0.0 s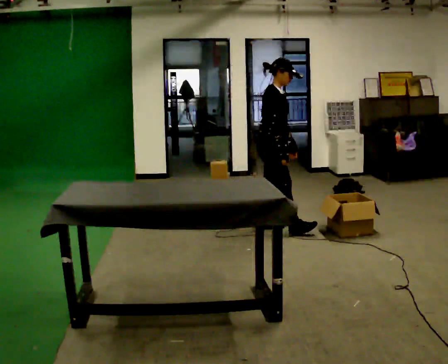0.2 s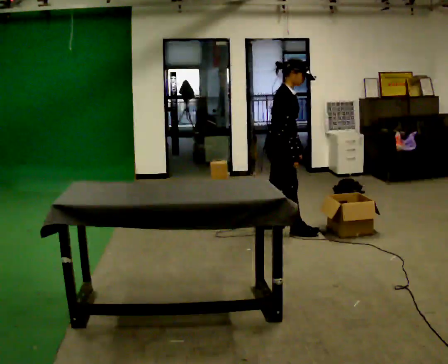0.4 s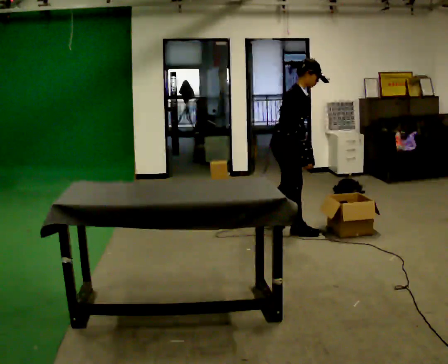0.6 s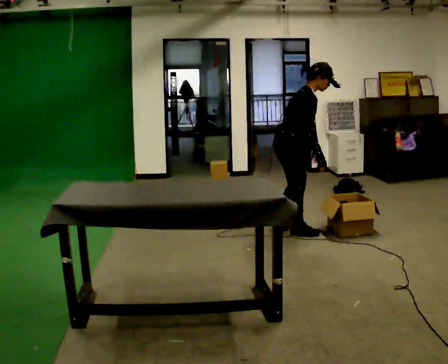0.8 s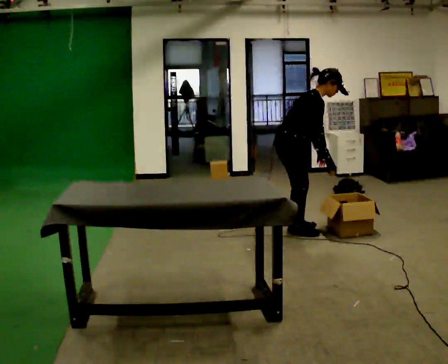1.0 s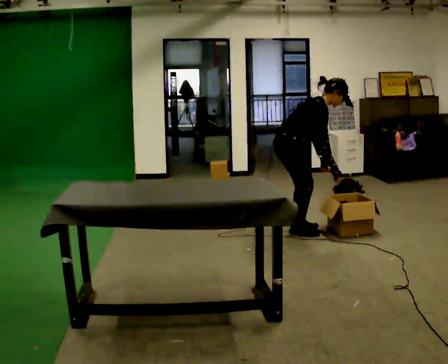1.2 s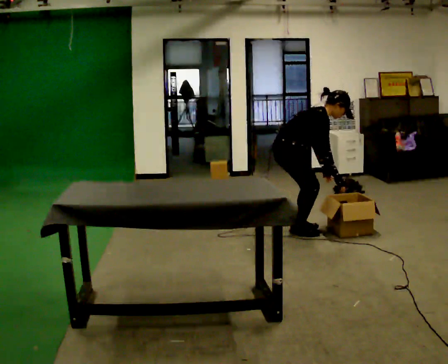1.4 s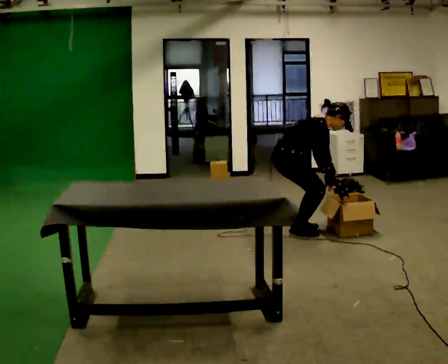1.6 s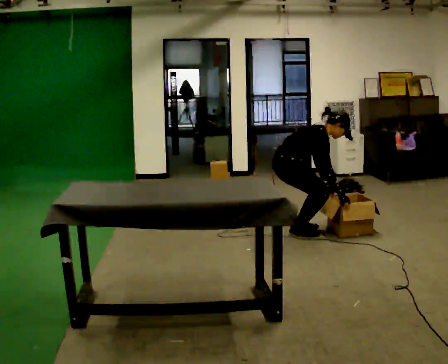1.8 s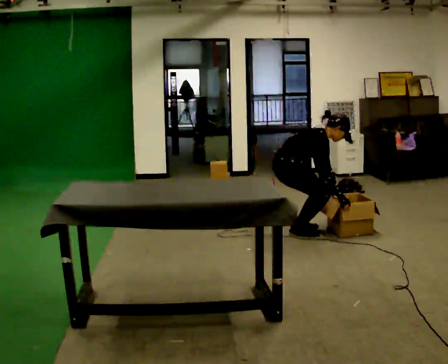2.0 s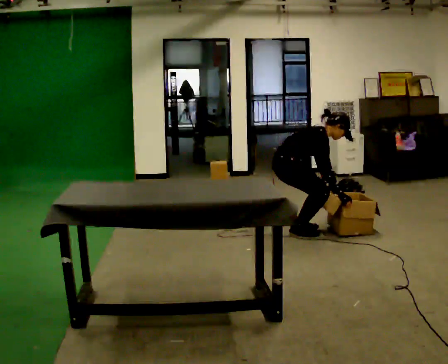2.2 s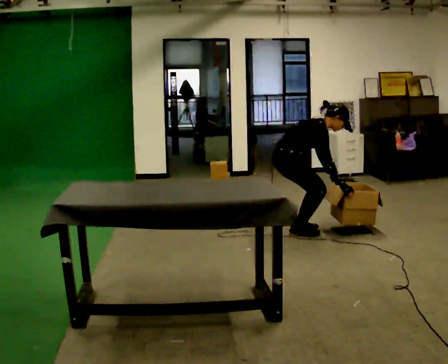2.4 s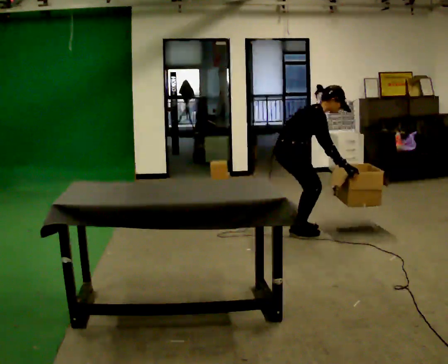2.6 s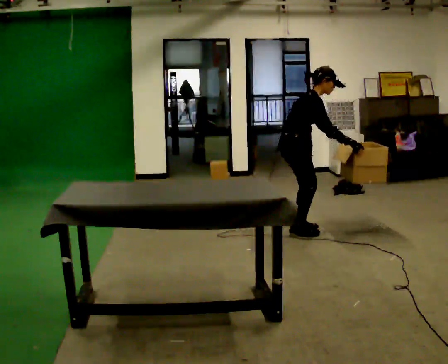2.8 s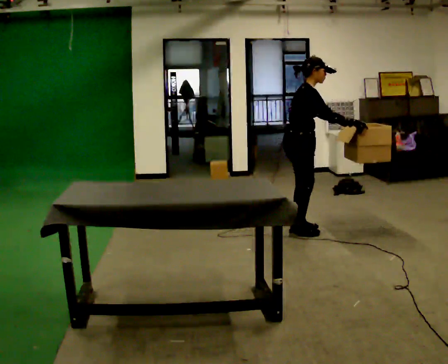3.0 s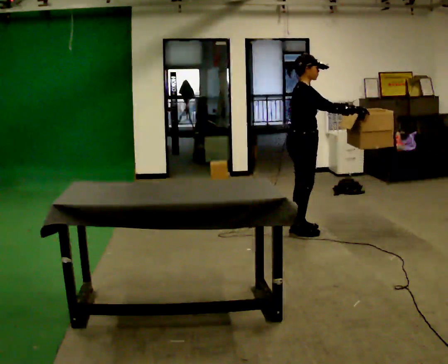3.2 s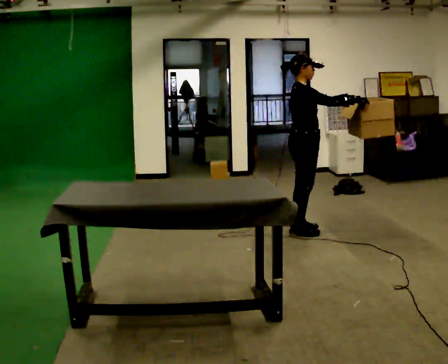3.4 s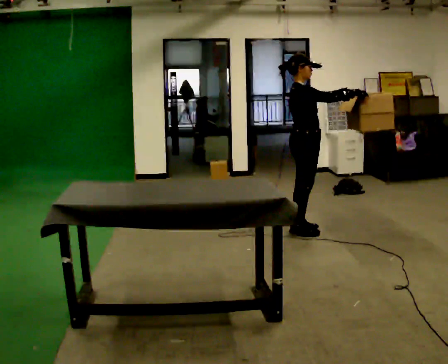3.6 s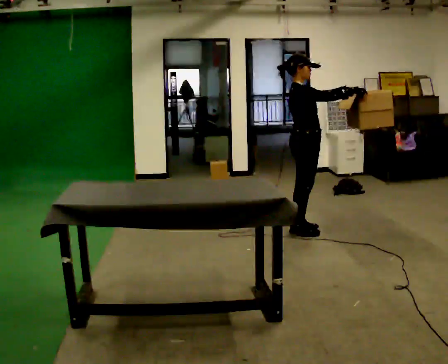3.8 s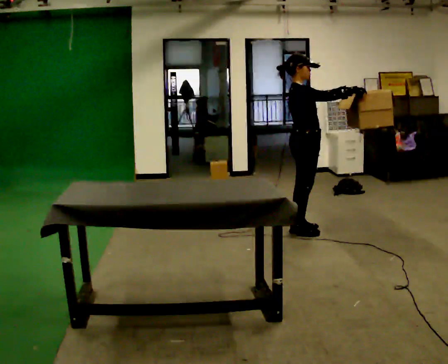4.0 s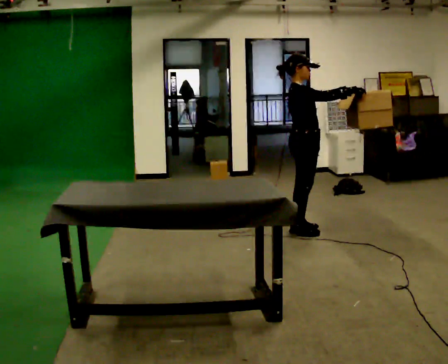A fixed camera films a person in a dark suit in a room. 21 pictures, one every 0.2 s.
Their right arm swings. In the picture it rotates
counterclockwise.
Their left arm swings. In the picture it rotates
counterclockwise.
0.0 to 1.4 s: In the picture they go toward the camera, about 0.25 m in 1 step, which for them is to their right and forward. The upper body goes downward. In the picture the upper body tilts clockwise, shoulders to the right, as they bend forward. In the picture their right hand goes to the right and downward.
1.4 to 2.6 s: In the picture the upper body tilts counterclockwise, shoulders to the left, as they lean back or straighten. In the picture their left hand goes upward.
2.6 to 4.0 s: In the picture the upper body tilts counterclockwise, shoulders to the left, as they lean back or straighten. In the picture their left hand goes upward, the arm swinging counterclockwise.
The film runs forward here.
